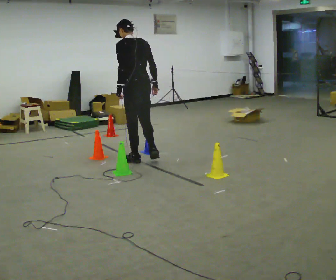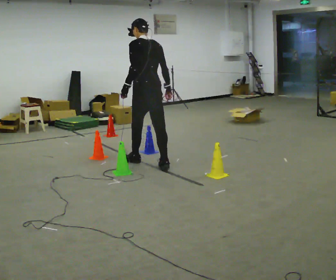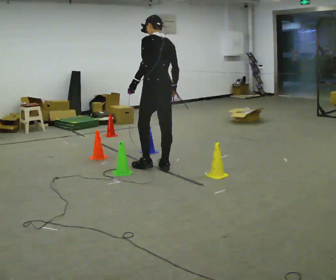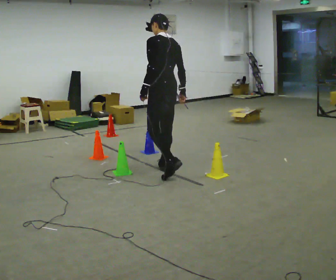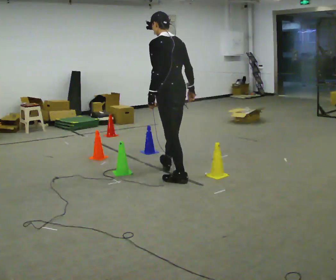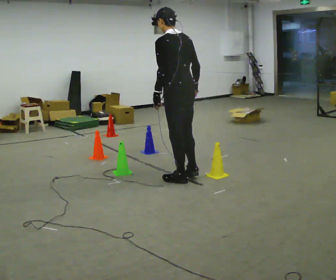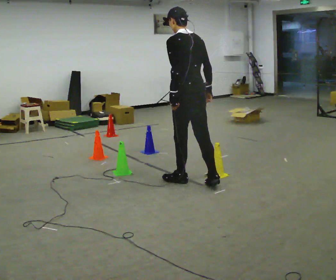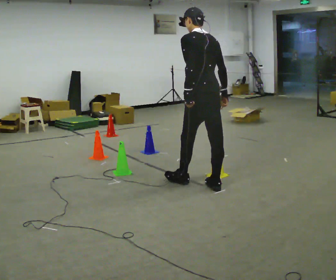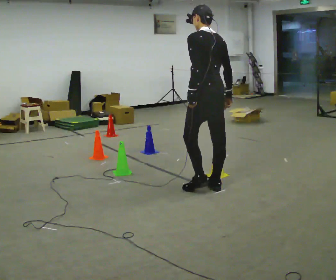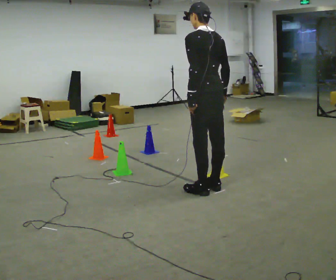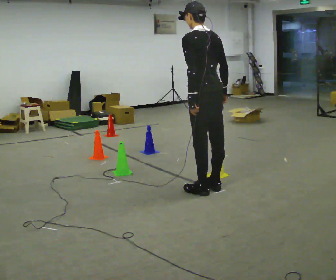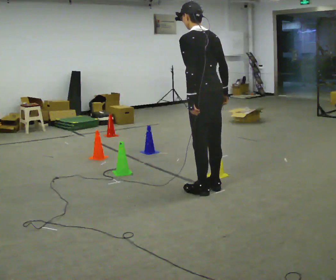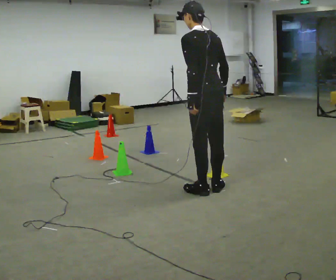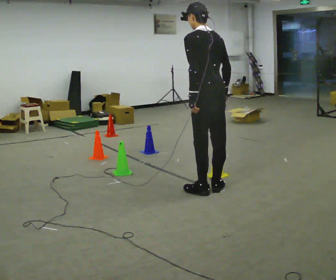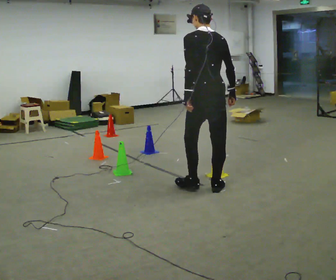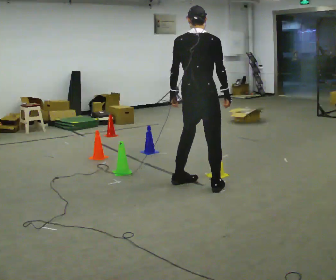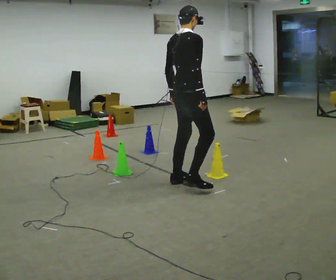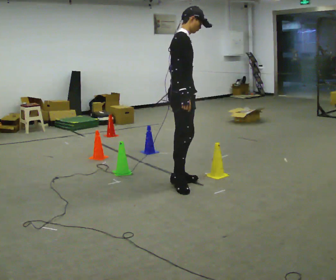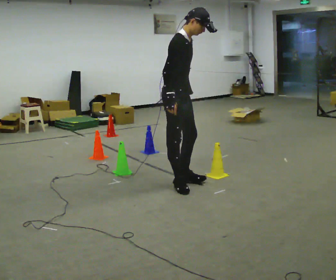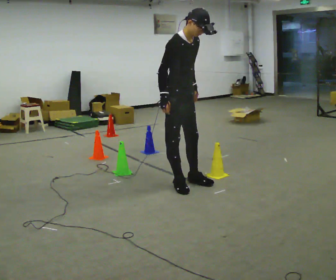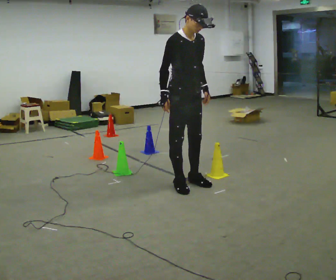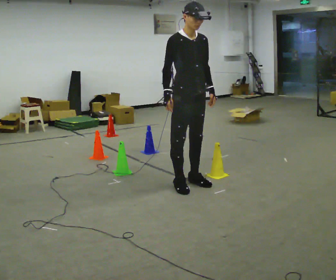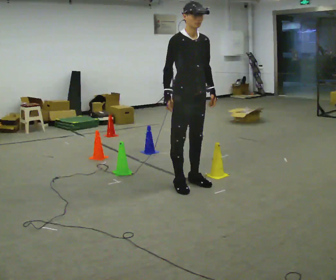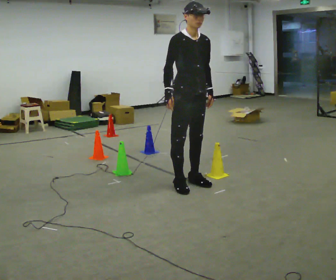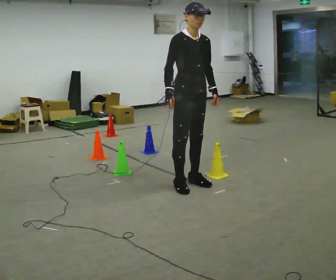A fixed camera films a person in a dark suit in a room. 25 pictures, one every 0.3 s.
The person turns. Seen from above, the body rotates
clockwise.
The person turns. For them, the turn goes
to their right.
0.0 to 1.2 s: In the picture they go to the right and toward the camera, about 0.75 m in 2 steps, which for them is backward.
1.2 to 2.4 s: In the picture they go to the right and toward the camera, about 0.5 m in 1 step, which for them is backward.
2.4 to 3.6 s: The person moves a little, or ends about where they began.
3.6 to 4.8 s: Seen from above the body turns clockwise, about 90 degrees: to their right, with its near side sliding to the left. In the picture they go to the left and away from the camera, about 0.25 m in 2 steps. In the picture the upper body tilts clockwise, shoulders to the right.
4.8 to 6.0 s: Seen from above the body turns clockwise, about 90 degrees: to their right, with its near side sliding to the left. The upper body tips toward the camera, its near side rolling downward. In the picture their right hand goes to the left.
6.0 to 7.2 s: The person moves a little, or ends about where they began.
The film runs backward here.
